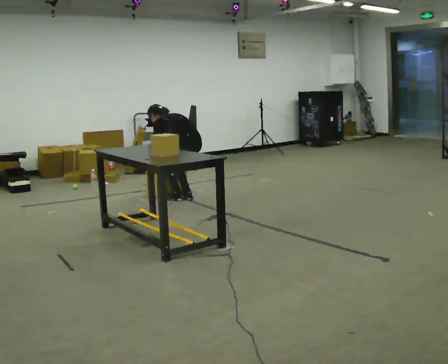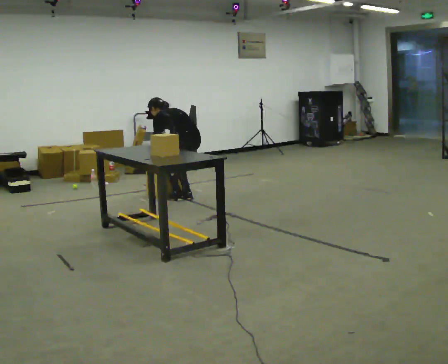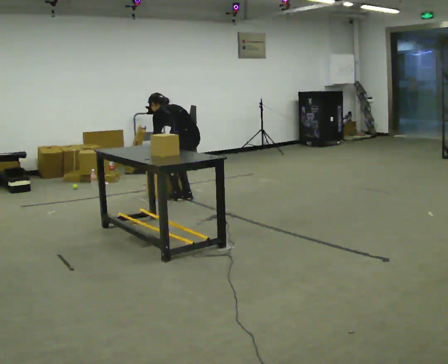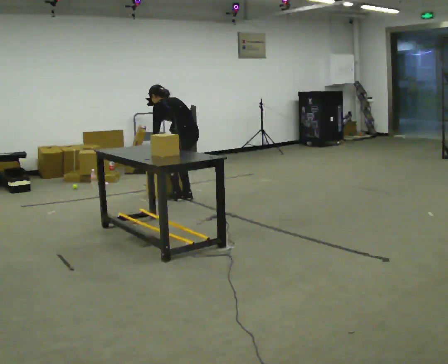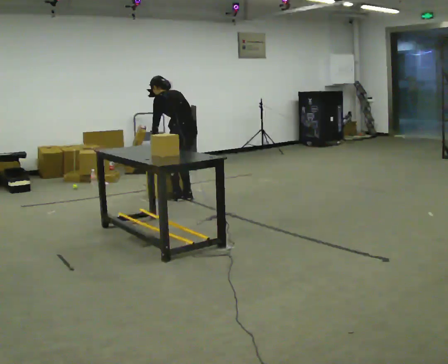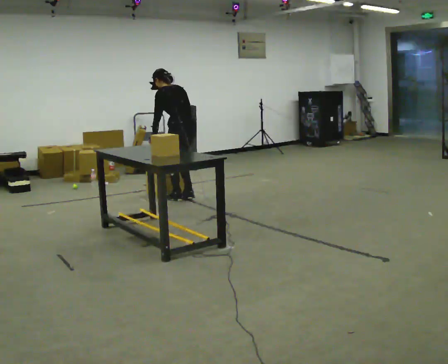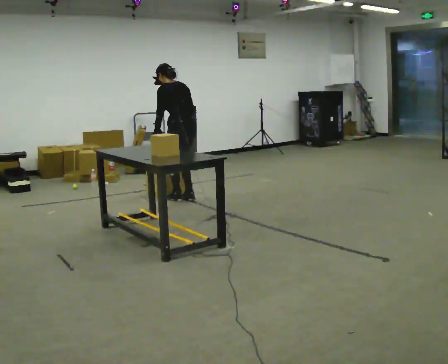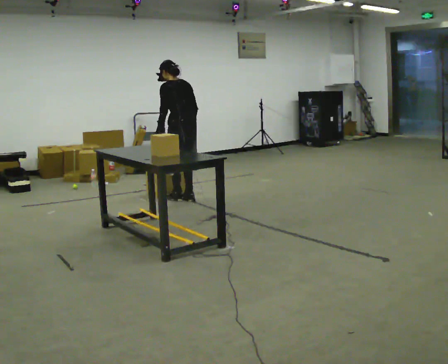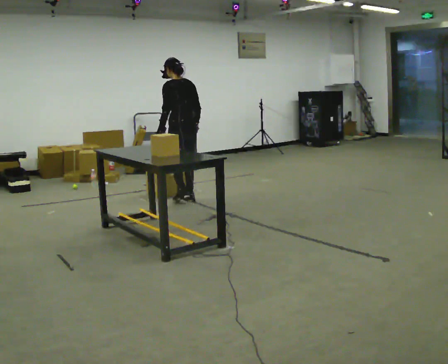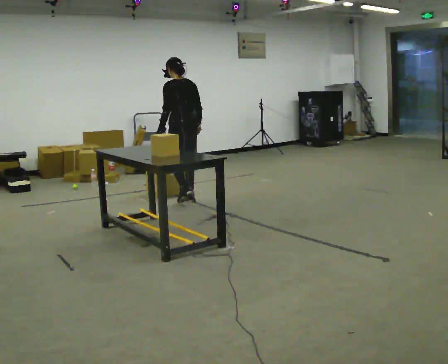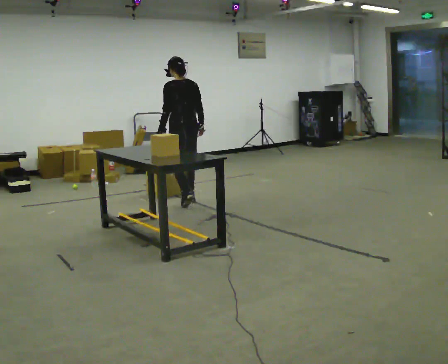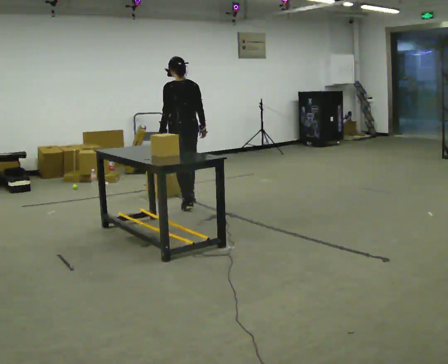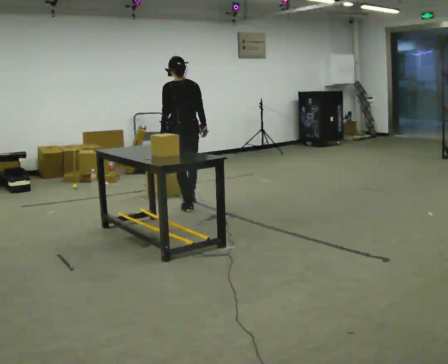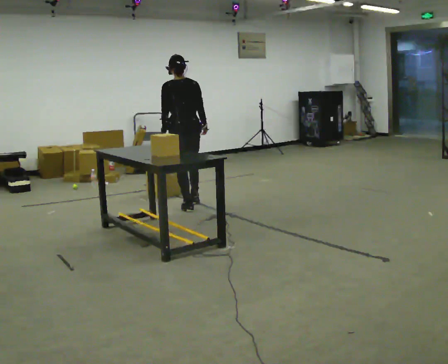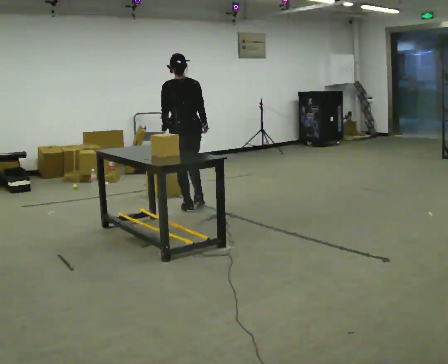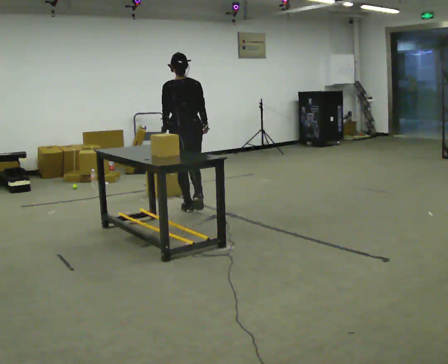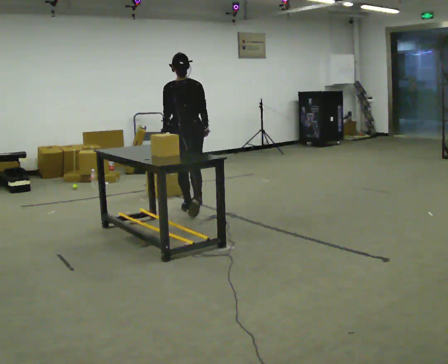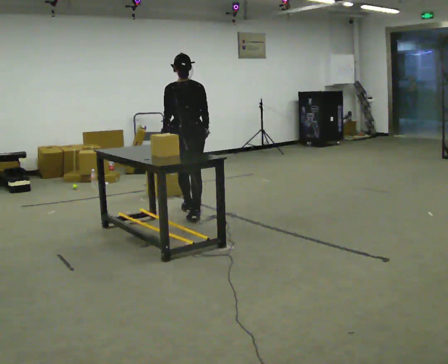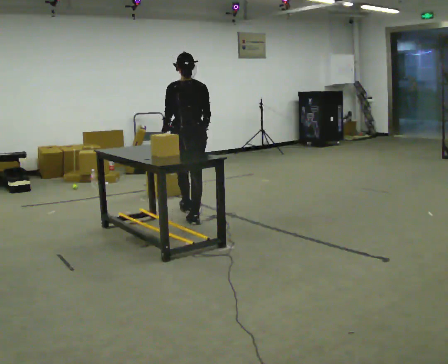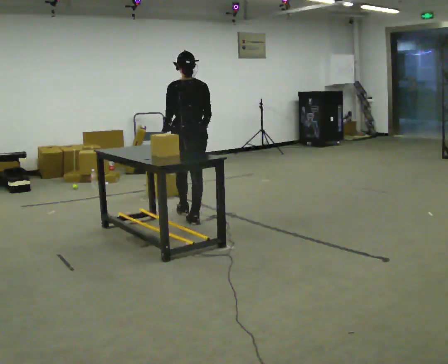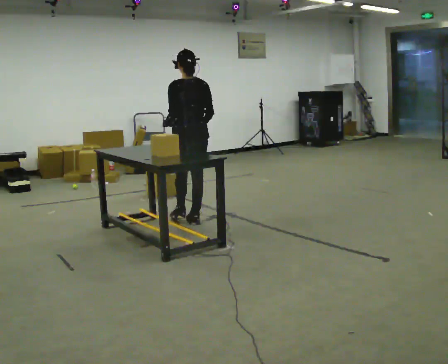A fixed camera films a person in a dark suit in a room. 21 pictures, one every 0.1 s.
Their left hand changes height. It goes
upward.
Their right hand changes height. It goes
upward.
0.0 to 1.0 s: The shoulders move upward. The upper body tips toward the camera, its near side rolling downward, as they lean back or straighten. In the picture their right hand goes upward and to the right.
1.0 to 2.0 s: In the picture they go toward the camera, about 0.5 m in 2 steps, which for them is backward.
The film runs backward here.
